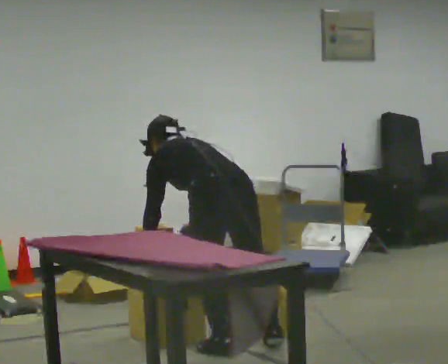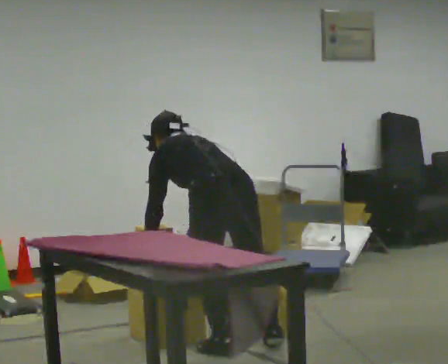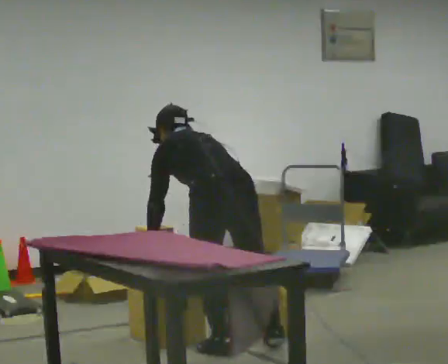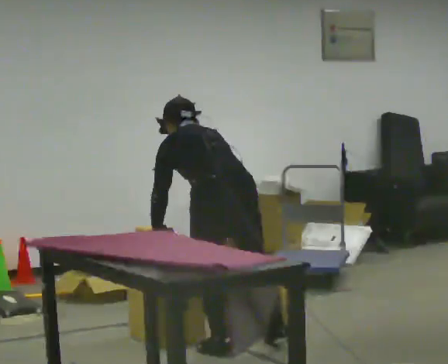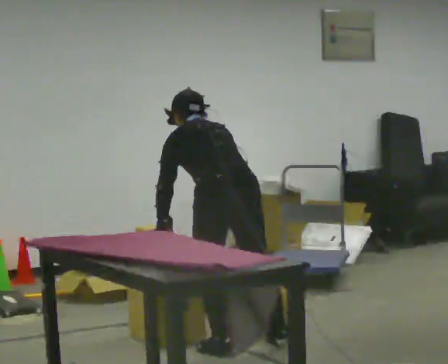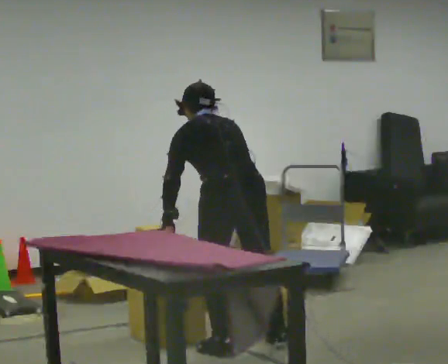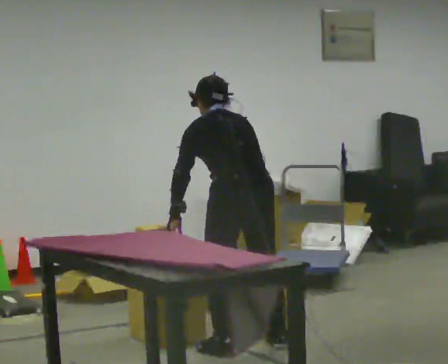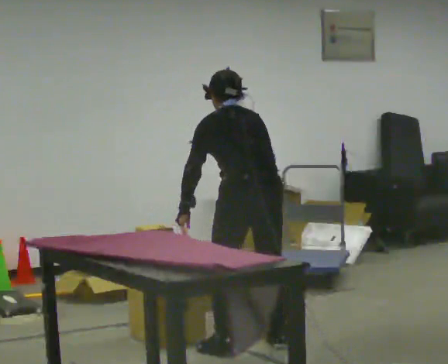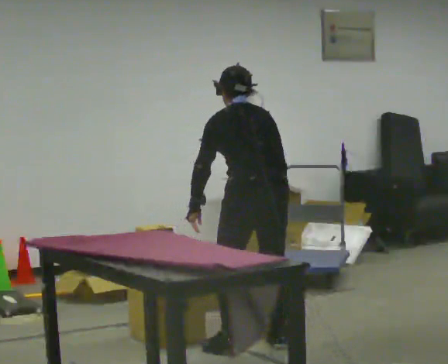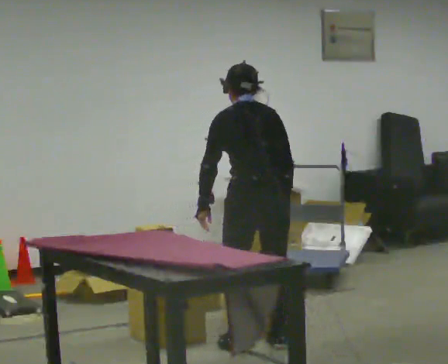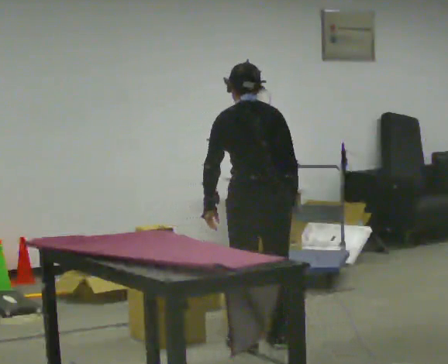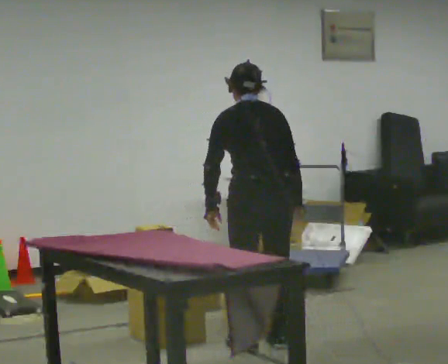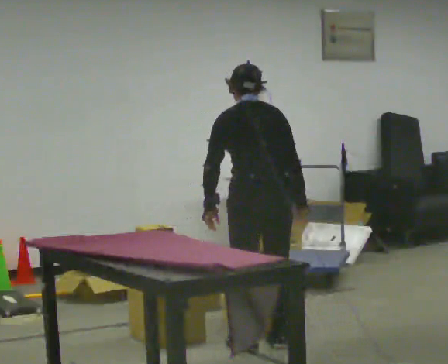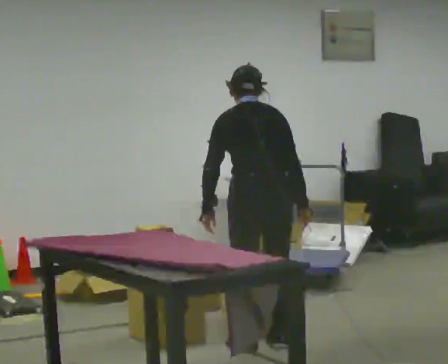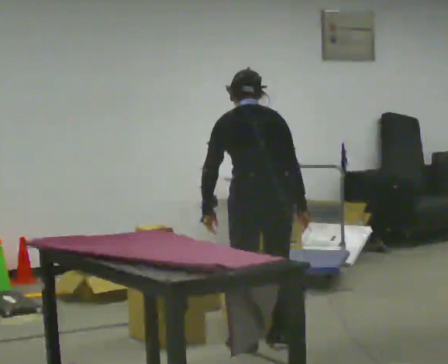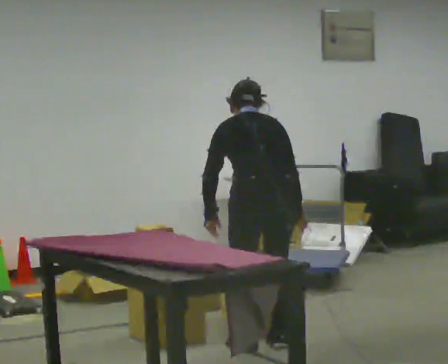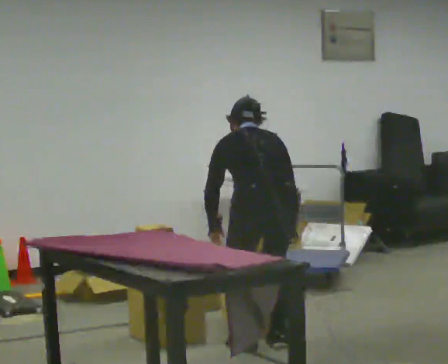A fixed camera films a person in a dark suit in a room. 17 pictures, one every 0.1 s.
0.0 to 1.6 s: In the picture they go to the right, about 0.25 m, which for them is to their right. In the picture the upper body tilts clockwise, shoulders to the right.
The film runs forward here.
